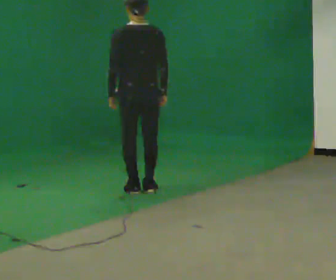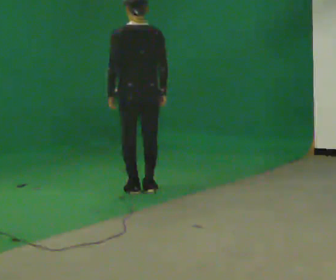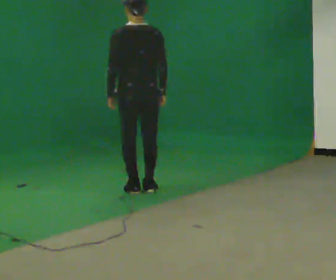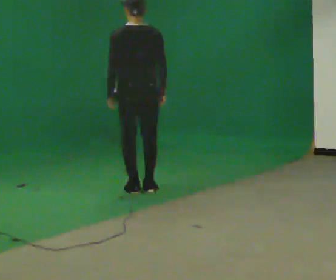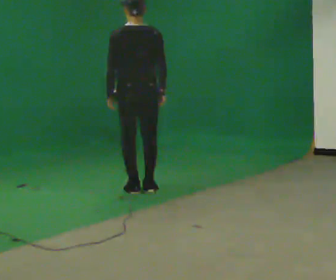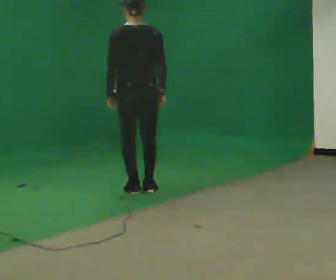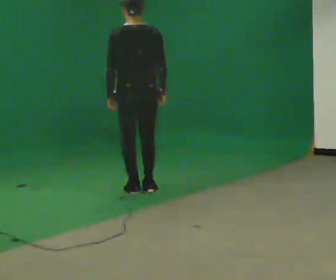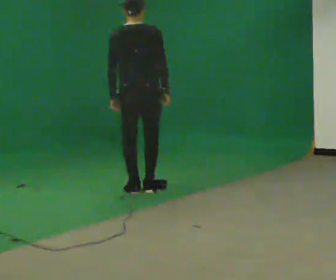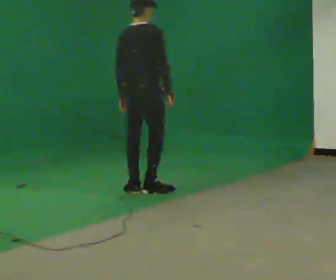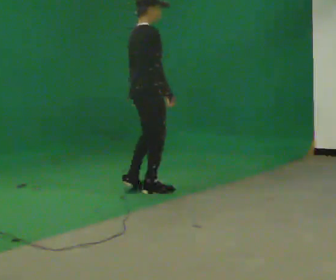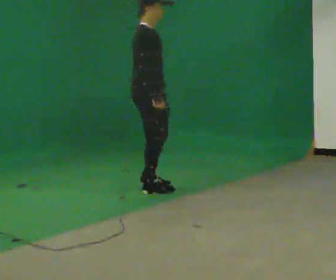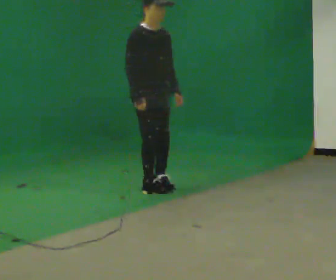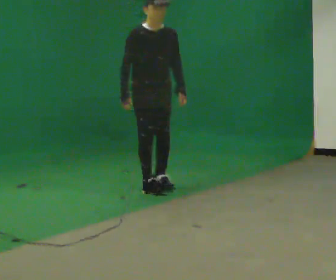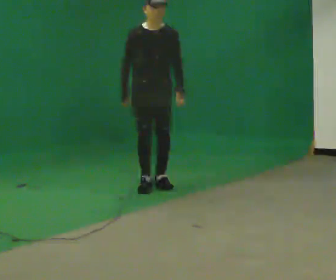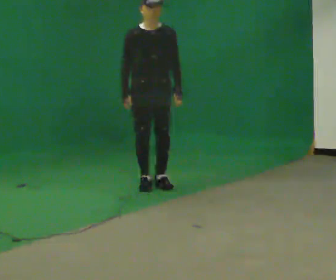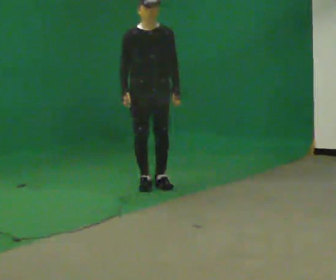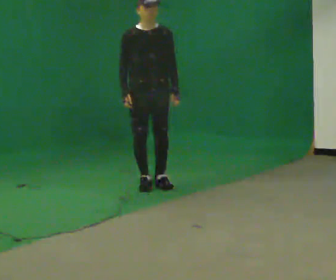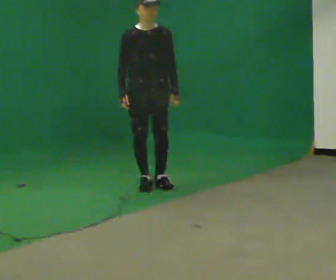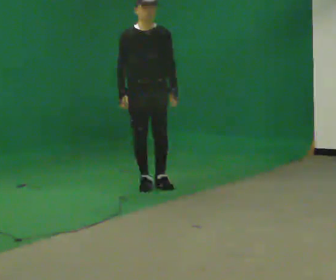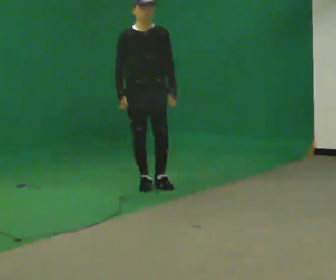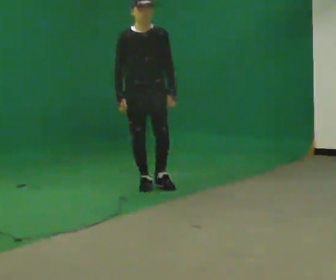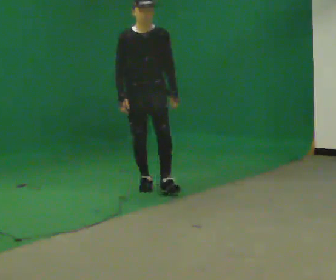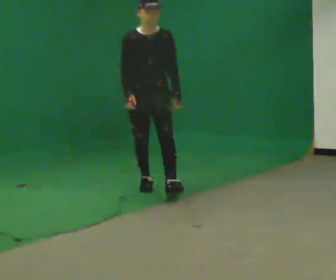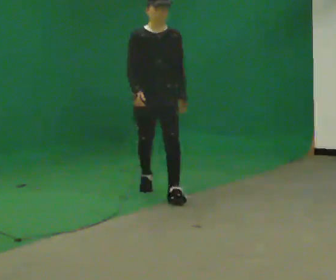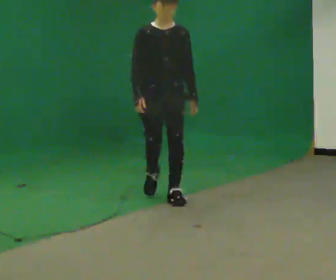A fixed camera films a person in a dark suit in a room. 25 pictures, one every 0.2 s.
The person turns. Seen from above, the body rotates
clockwise.
The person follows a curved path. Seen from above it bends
clockwise.
0.0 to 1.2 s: The person moves a little, or ends about where they began.
1.2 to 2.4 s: Seen from above the body turns clockwise, about 165 degrees: to their right, with its near side sliding to the left. In the picture their right hand goes to the left, the arm swinging clockwise.
2.4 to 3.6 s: The person moves a little, or ends about where they began.
3.6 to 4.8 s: In the picture they go toward the camera, about 0.5 m in 1 step, which for them is forward.
The film runs forward here.
